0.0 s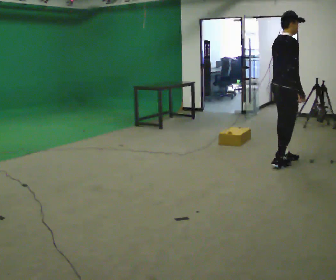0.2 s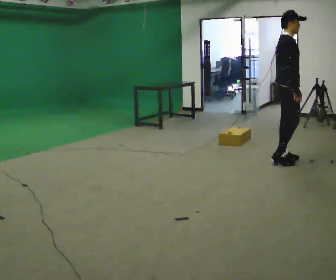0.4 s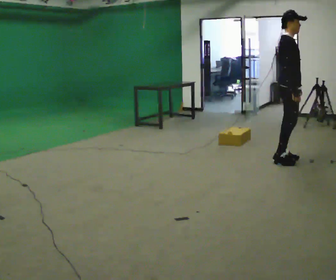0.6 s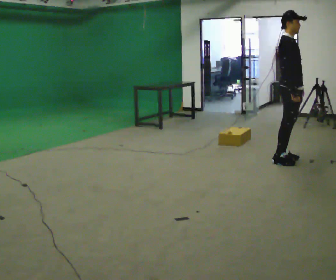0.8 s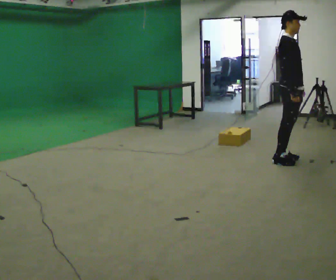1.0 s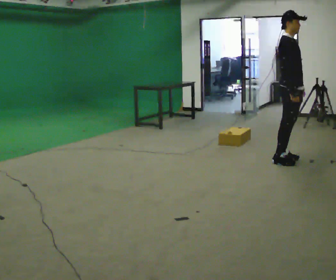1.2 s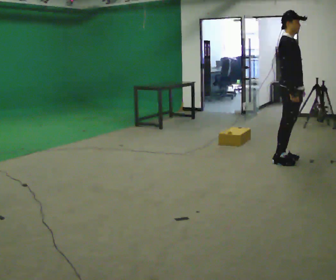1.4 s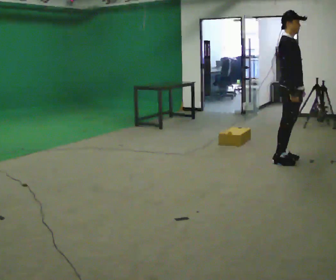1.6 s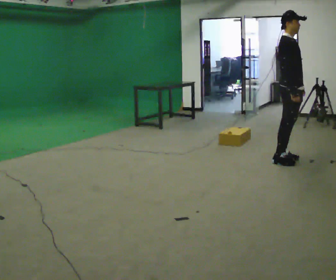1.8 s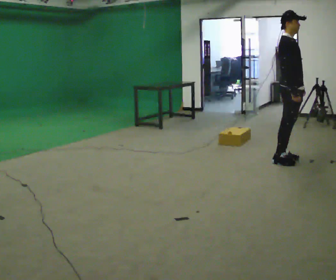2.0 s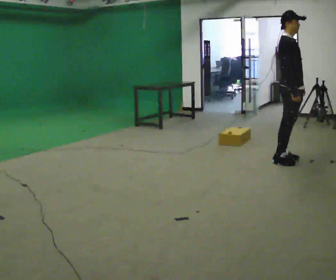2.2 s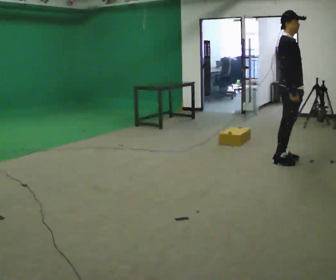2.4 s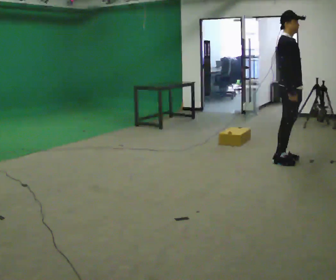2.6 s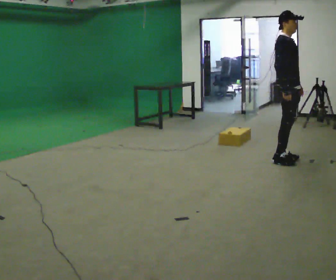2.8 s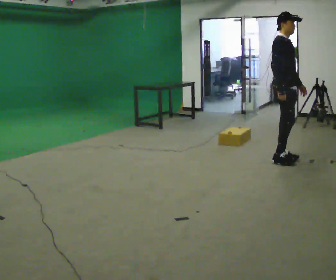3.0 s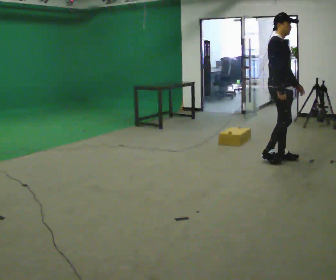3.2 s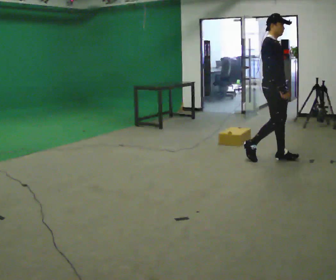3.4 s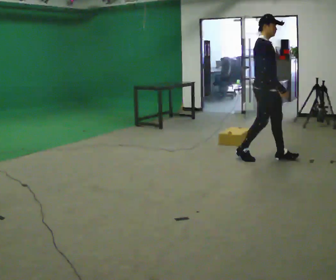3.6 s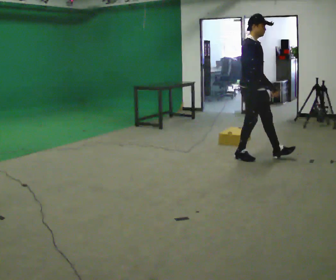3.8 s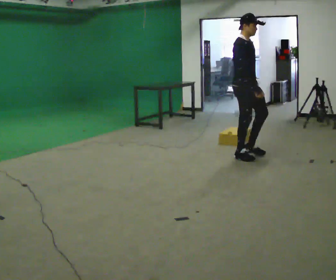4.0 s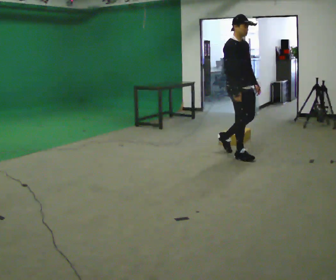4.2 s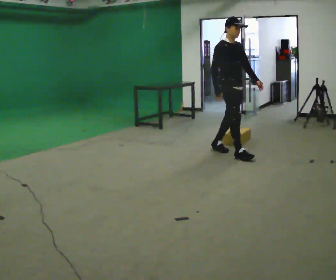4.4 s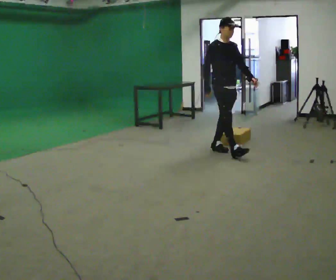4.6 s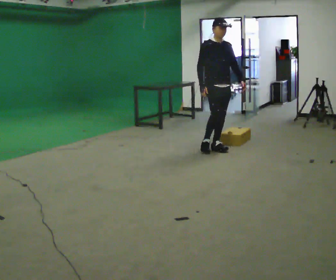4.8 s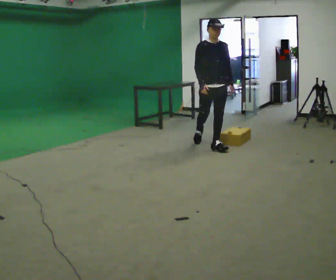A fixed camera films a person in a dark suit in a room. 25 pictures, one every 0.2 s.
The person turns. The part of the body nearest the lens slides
to the left.
The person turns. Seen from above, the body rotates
clockwise.
0.0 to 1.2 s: Seen from above the body turns clockwise, about 45 degrees: to their right, with its near side sliding to the left.
1.2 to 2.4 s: The person moves a little, or ends about where they began.
2.4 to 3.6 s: In the picture they go to the left, about 0.5 m in 2 steps, which for them is backward.
3.6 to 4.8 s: The person turns about 45 degrees to their right, clockwise seen from above, so the part of the body nearest the lens slides to the left. In the picture they go to the left and away from the camera, about 0.5 m in 1 step, which for them is backward.
The film runs backward here.
